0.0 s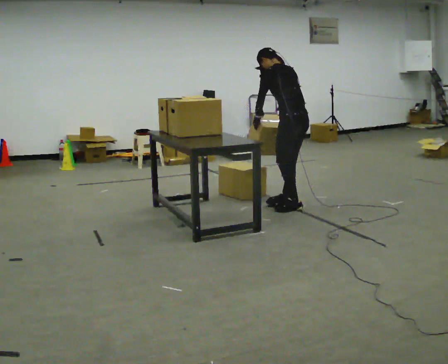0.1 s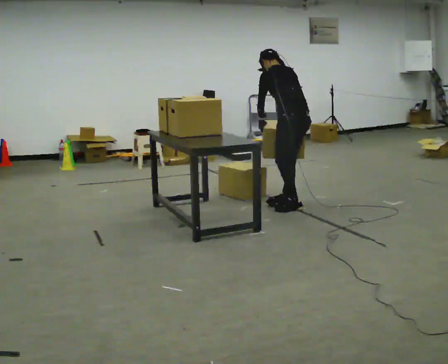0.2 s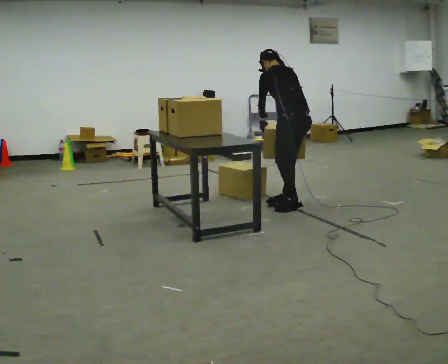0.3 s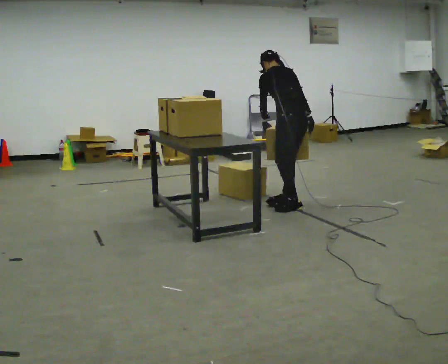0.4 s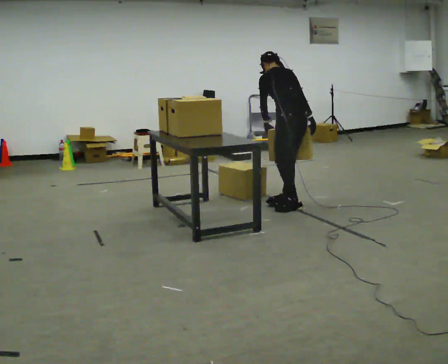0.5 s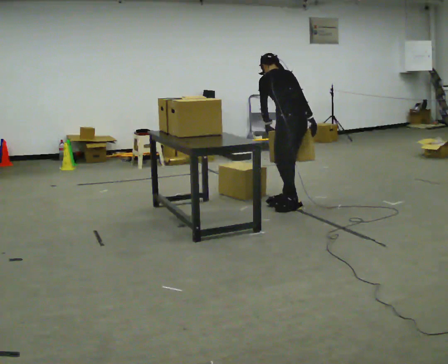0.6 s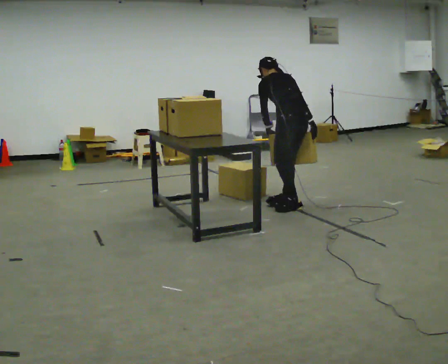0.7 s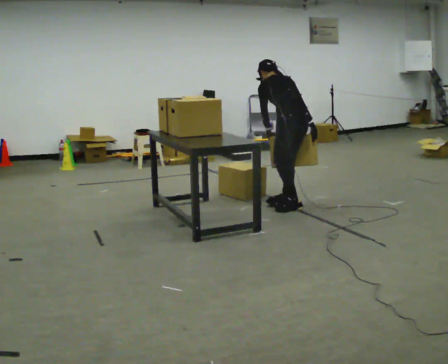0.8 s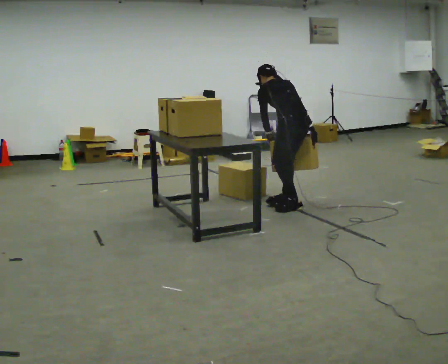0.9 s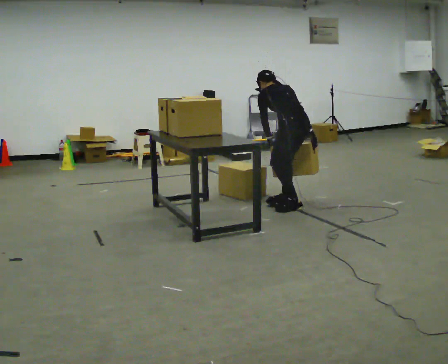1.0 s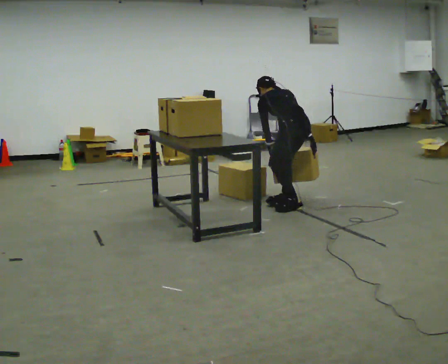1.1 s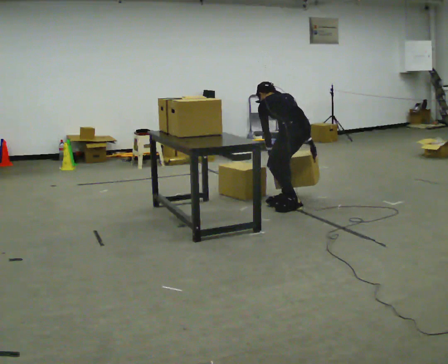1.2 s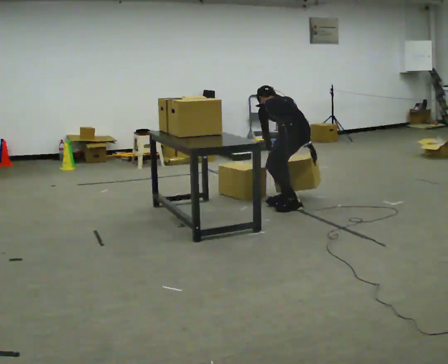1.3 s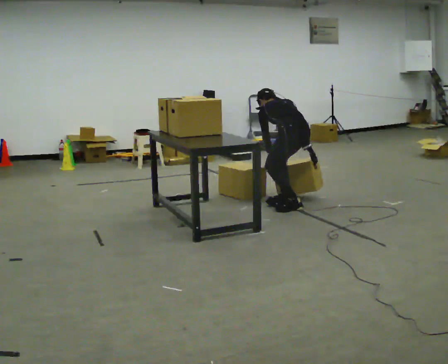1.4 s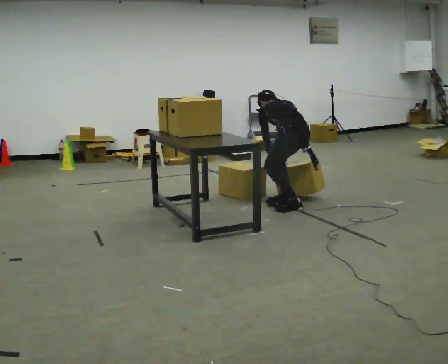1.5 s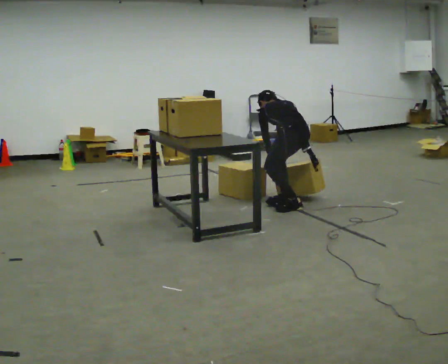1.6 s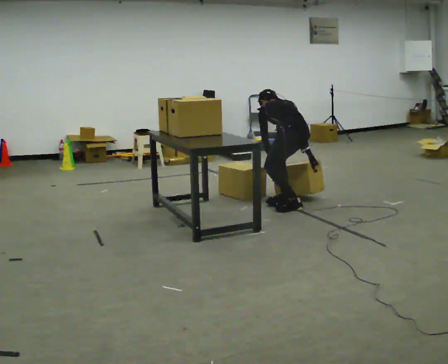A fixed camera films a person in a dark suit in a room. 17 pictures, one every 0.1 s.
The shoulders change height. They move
downward.
The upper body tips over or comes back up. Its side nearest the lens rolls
upward.
0.0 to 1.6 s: The shoulders move downward. The upper body tips away from the camera, its near side rolling upward, as they bend forward. In the picture their right hand goes downward.
The film runs forward here.
